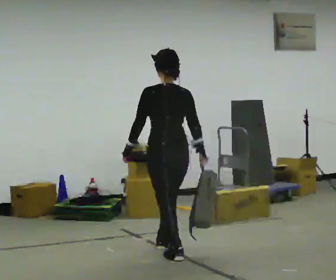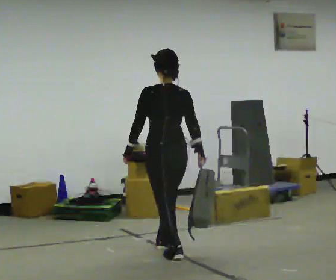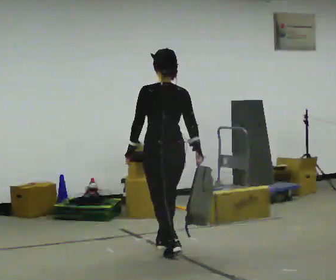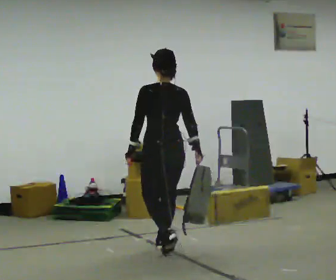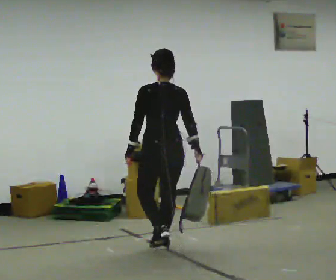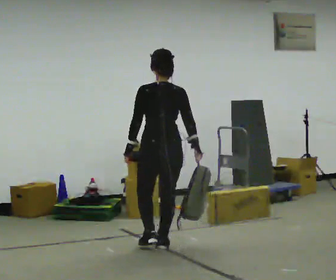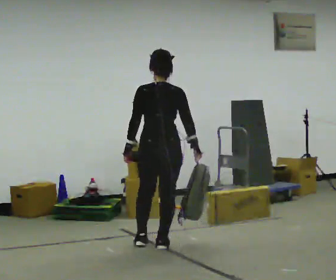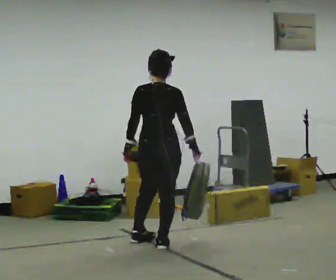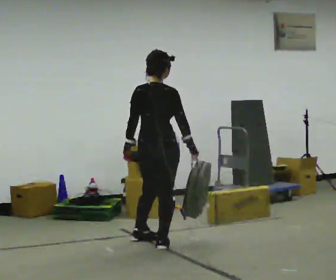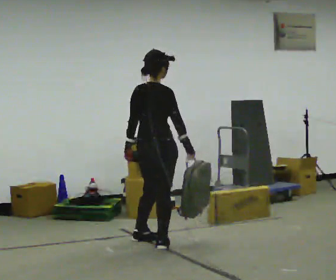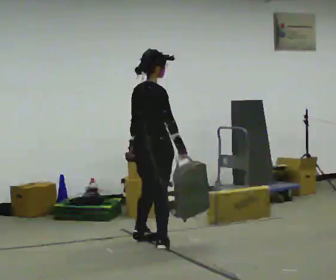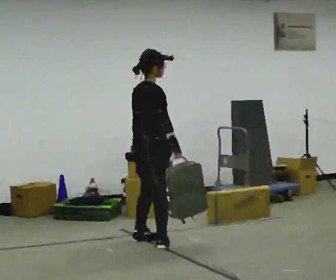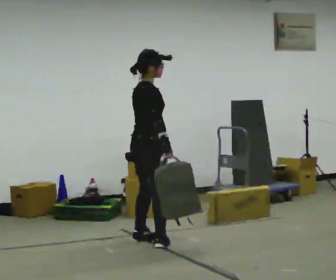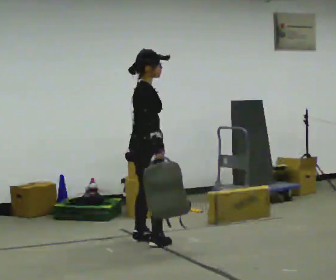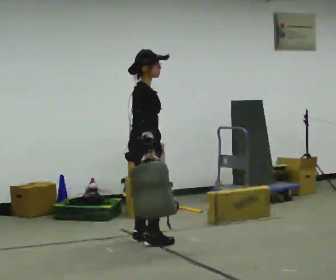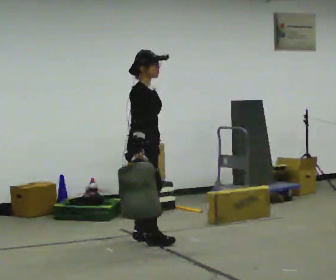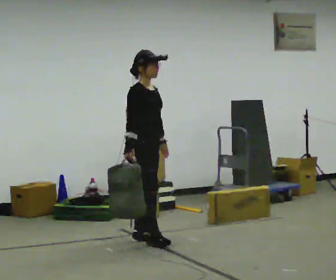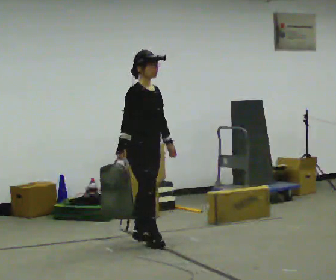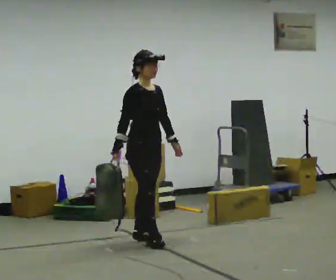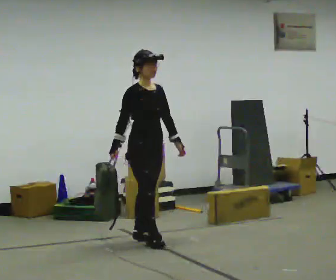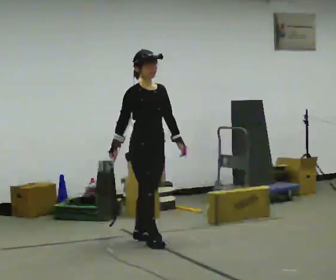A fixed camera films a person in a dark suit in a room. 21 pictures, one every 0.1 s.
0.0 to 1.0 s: The person turns about 75 degrees to their right, clockwise seen from above, so the part of the body nearest the lens slides to the left. In the picture they go away from the camera and to the left, about 0.5 m in 1 step.
1.0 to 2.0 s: The part of the body nearest the lens slides to the left as the person turns to their right by about 75 degrees. In the picture their right hand goes to the left, the arm swinging clockwise.
The film runs forward here.
